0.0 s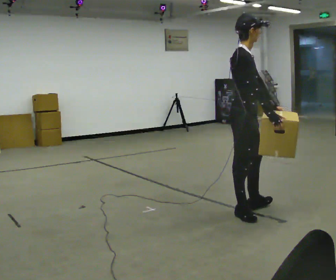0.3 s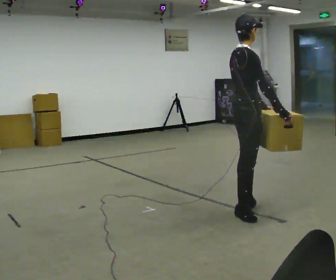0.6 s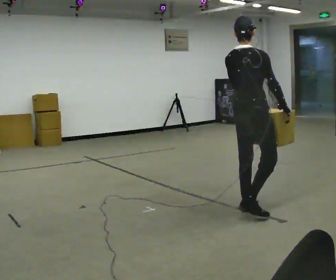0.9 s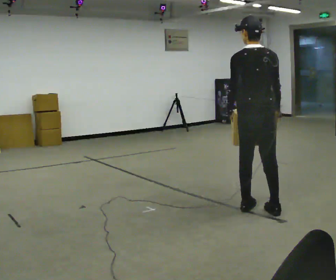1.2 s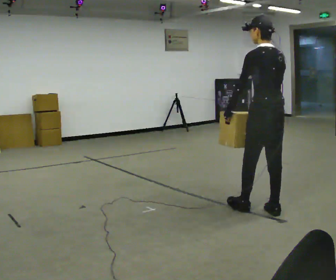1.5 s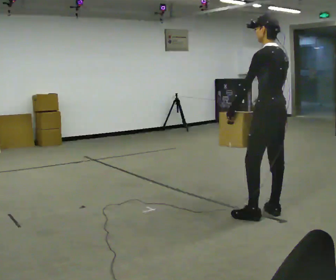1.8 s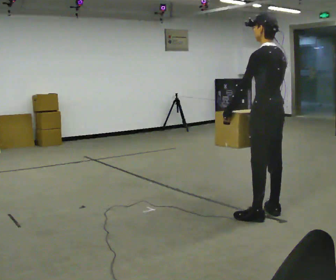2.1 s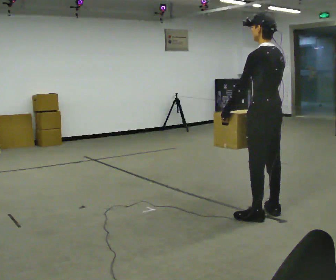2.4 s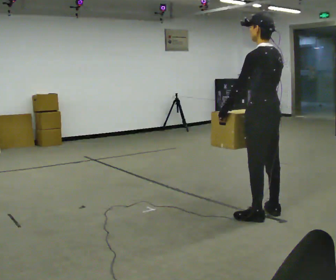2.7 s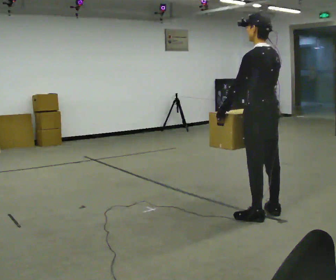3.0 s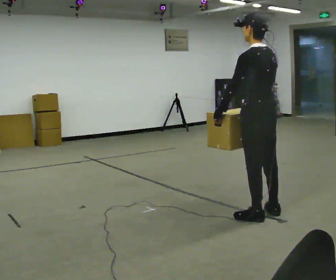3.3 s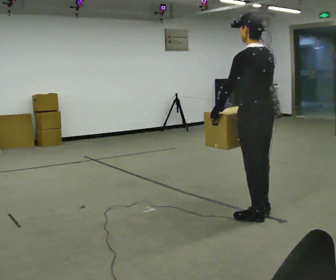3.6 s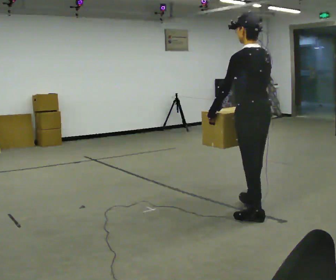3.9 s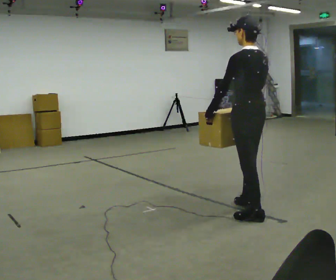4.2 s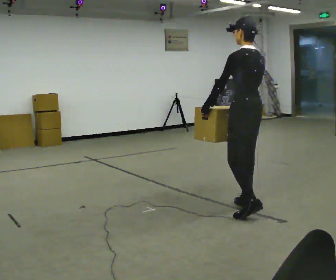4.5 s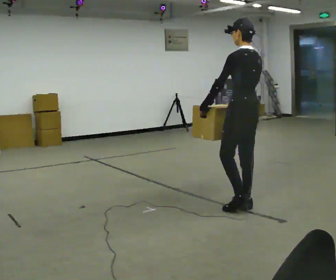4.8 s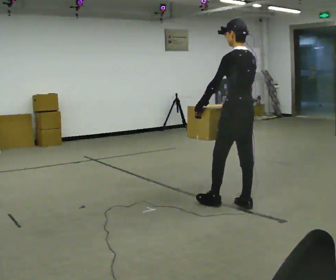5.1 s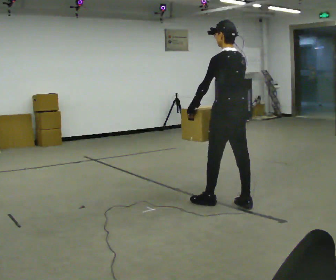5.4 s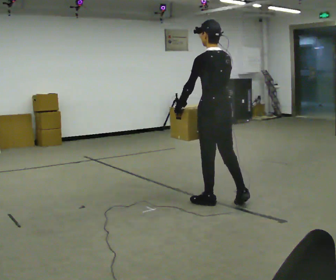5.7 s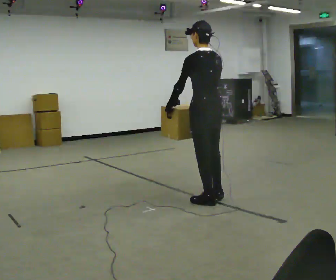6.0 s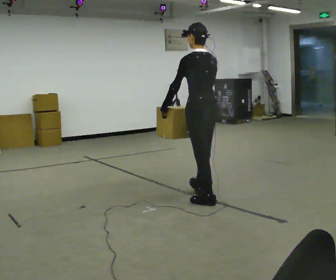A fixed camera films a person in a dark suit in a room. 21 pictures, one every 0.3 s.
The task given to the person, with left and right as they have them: Carry the box across the room, back and forth. The operator will swap between the box with handles and the one without.
0.0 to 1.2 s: The part of the body nearest the lens slides to the right as the person turns to their left by about 135 degrees. In the picture they go to the right, about 0.25 m in 1 step. In the picture their left hand goes to the left, the arm swinging clockwise.
1.2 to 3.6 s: The person moves a little, or ends about where they began.
3.6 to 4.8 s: In the picture they go away from the camera, about 0.5 m in 1 step, which for them is forward and to their right.
4.8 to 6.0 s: In the picture they go to the left and away from the camera, about 0.5 m in 2 steps, which for them is forward and to their left.
The film runs forward here.
